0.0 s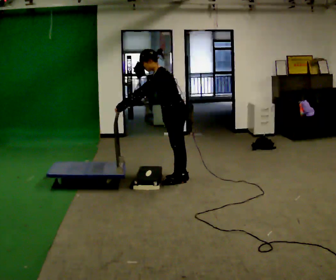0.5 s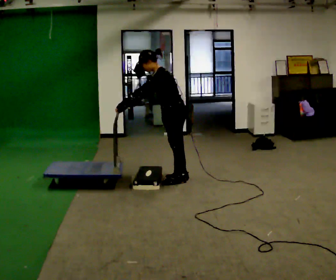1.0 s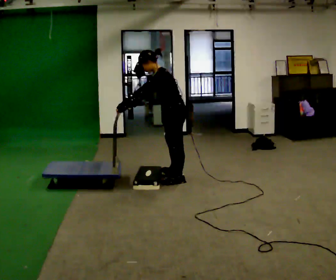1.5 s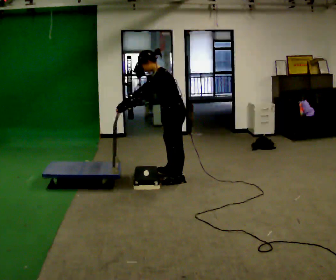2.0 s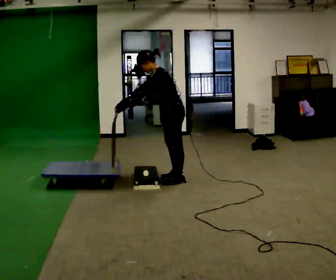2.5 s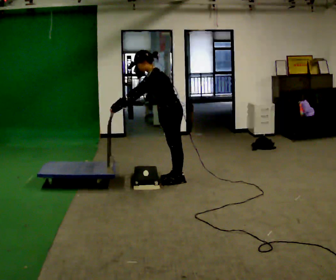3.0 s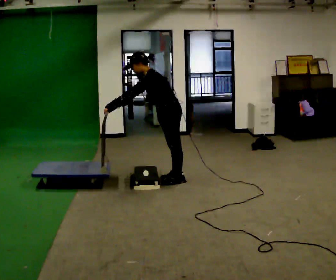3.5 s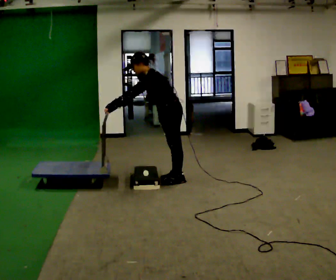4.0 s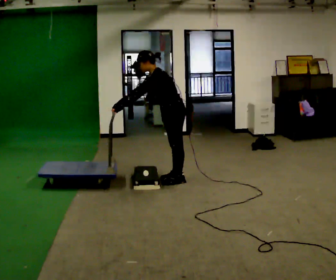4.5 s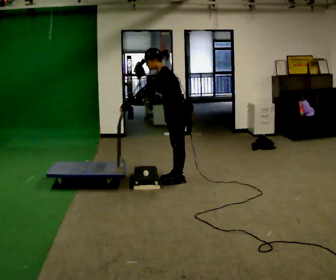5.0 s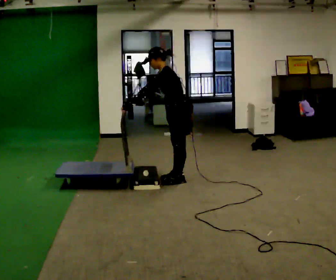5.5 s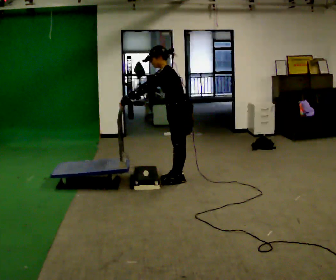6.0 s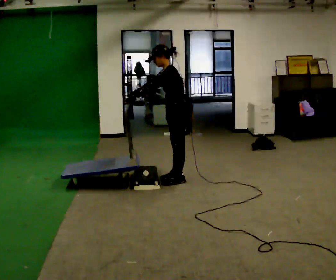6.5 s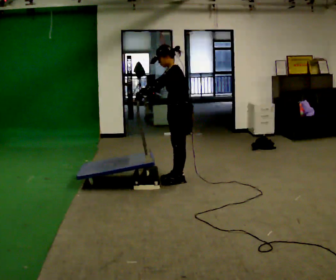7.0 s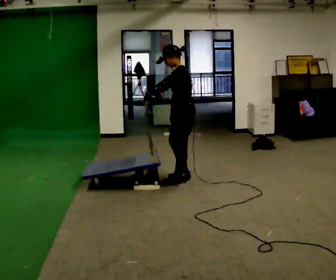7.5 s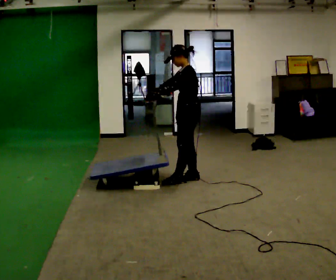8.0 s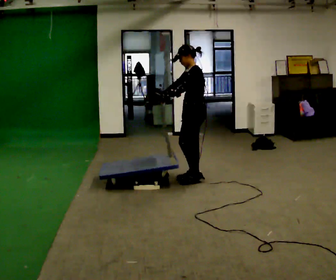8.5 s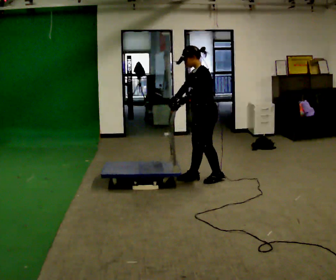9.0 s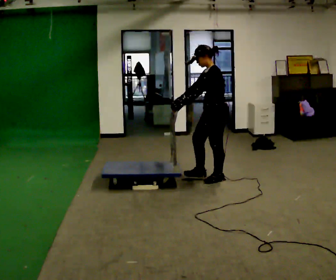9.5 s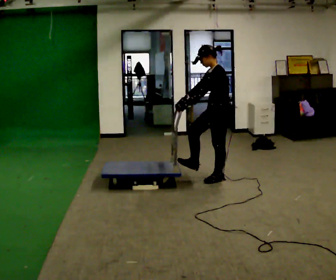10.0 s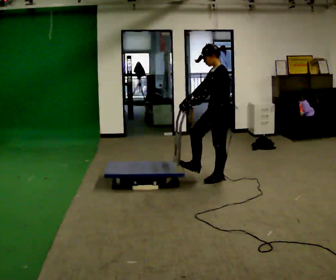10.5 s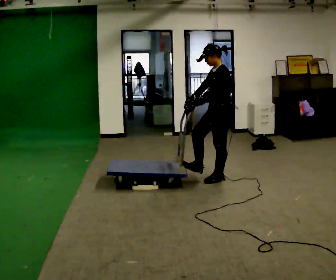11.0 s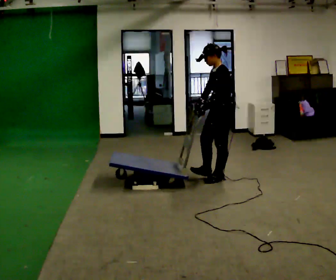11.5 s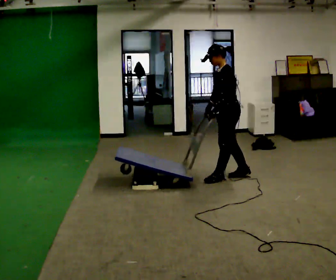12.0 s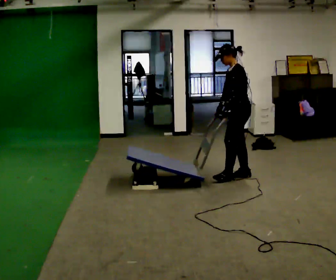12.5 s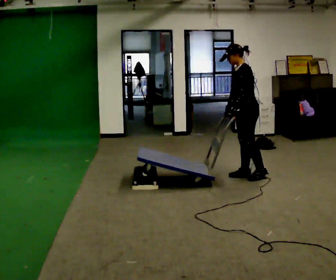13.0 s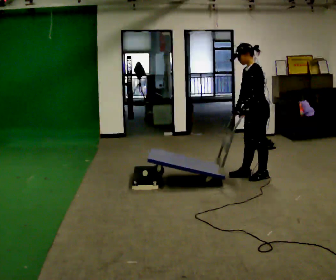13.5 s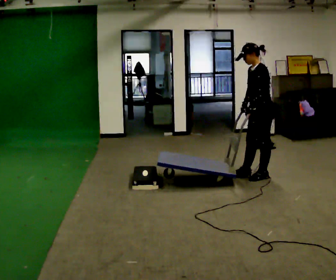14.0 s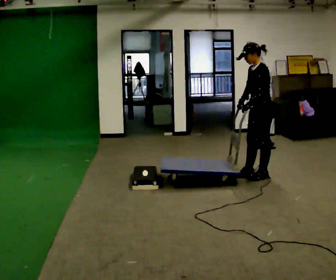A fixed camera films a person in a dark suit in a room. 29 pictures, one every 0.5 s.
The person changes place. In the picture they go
to the right.
0.0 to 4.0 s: The person moves a little, or ends about where they began.
4.0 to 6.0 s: In the picture the upper body tilts clockwise, shoulders to the right, as they lean back or straighten.
6.0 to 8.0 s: In the picture they go to the right, about 0.25 m in 1 step, which for them is backward. In the picture the upper body tilts clockwise, shoulders to the right, as they lean back or straighten. In the picture their left hand goes to the right.
8.0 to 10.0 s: In the picture they go to the right, about 0.25 m in 1 step, which for them is backward and to their left.
10.0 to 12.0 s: In the picture they go to the right, about 0.25 m in 1 step, which for them is backward.
12.0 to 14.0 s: In the picture they go to the right, about 0.25 m in 1 step, which for them is backward.
The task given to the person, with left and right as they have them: Push the cart up over the low platform edge and down the other side, then bring it back over.
The film runs forward here.
